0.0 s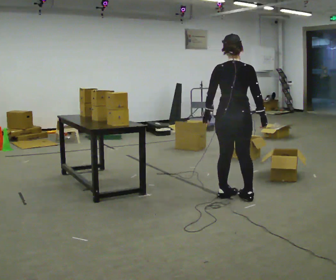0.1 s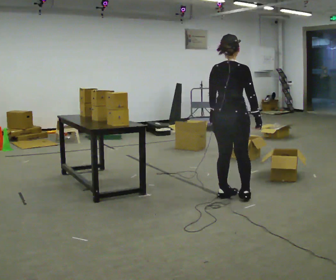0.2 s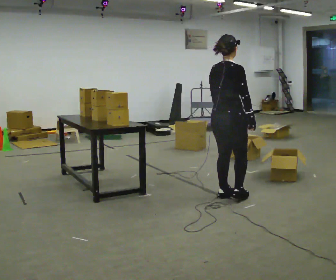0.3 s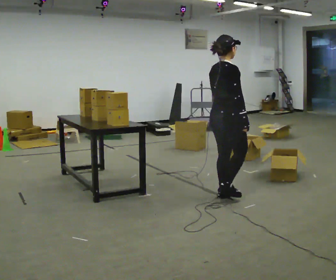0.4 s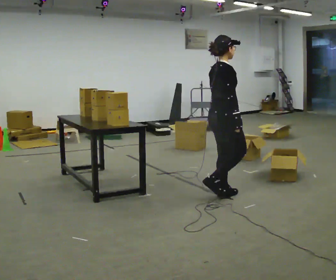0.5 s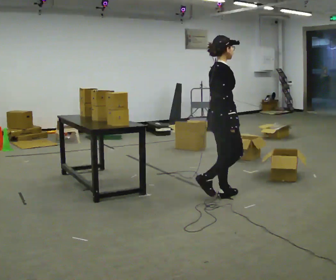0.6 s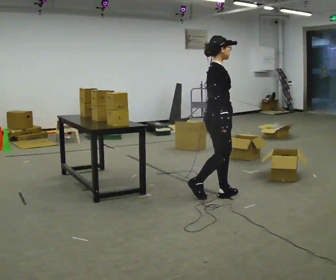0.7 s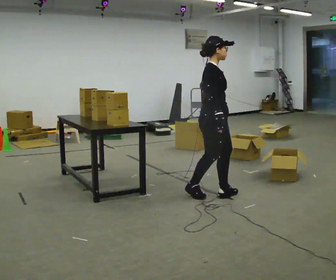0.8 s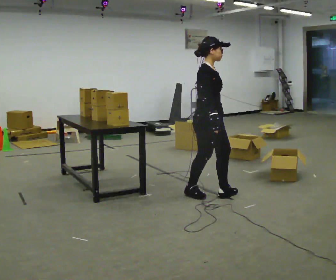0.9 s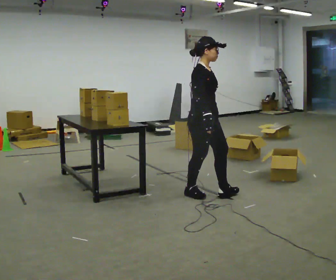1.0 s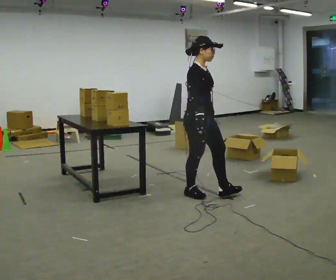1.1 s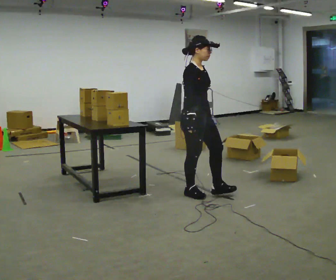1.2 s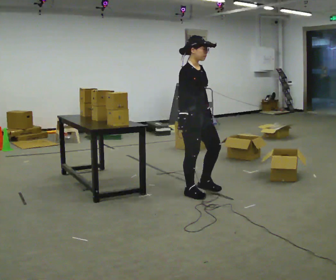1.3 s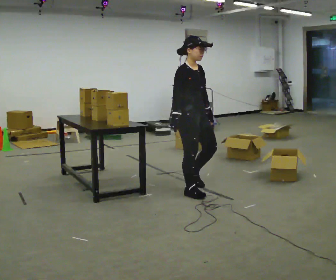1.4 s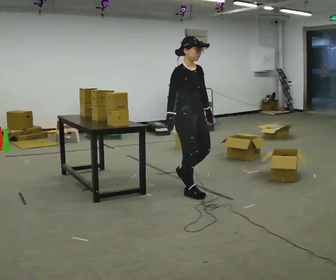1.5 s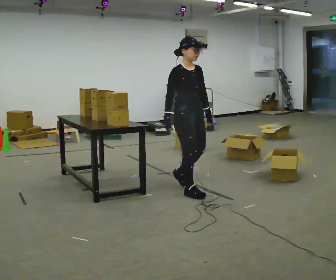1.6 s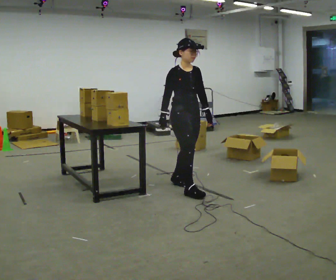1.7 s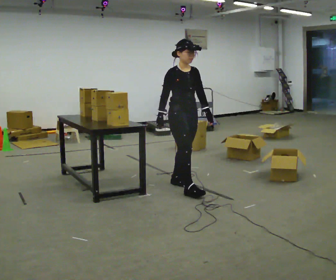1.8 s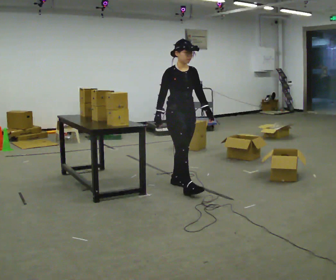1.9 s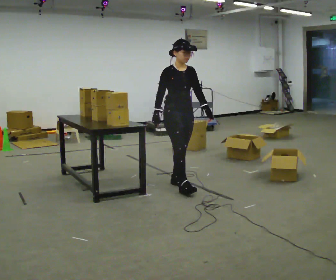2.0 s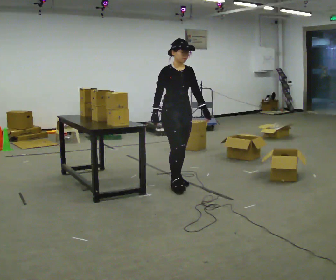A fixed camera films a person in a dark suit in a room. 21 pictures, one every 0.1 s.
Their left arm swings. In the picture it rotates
counterclockwise.
The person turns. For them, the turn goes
to their right.
0.0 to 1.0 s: Seen from above the body turns clockwise, about 105 degrees: to their right, with its near side sliding to the left. In the picture they go to the left, about 0.25 m in 1 step.
1.0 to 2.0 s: Seen from above the body turns clockwise, about 30 degrees: to their right, with its near side sliding to the left. In the picture they go away from the camera and to the left, about 0.5 m in 2 steps, which for them is backward.
The film runs backward here.
